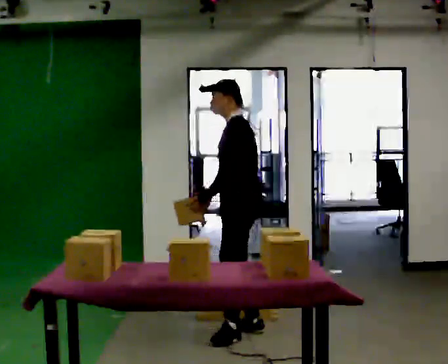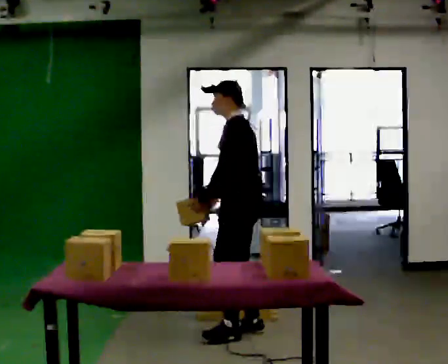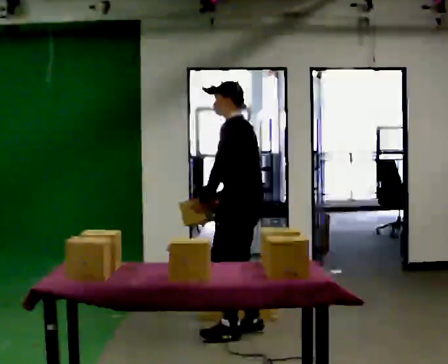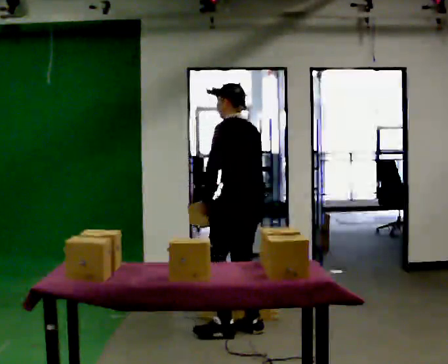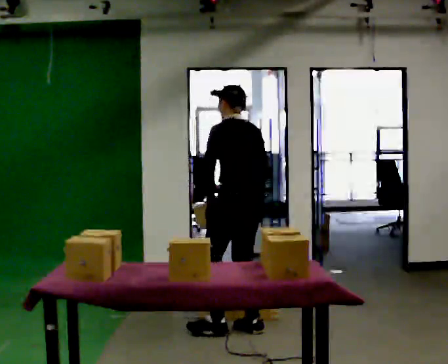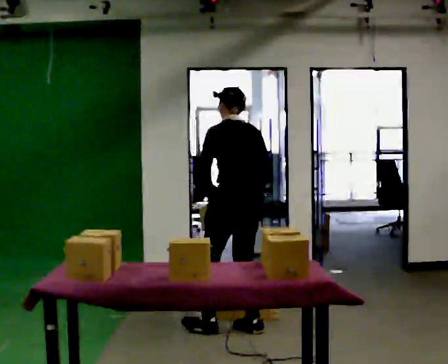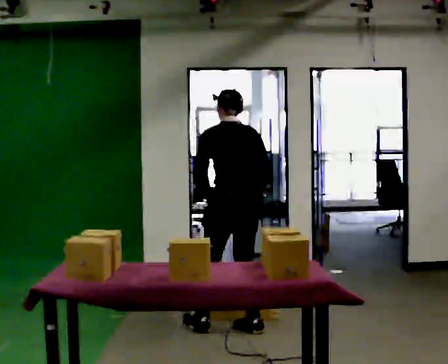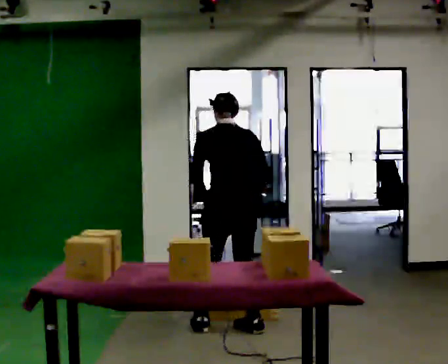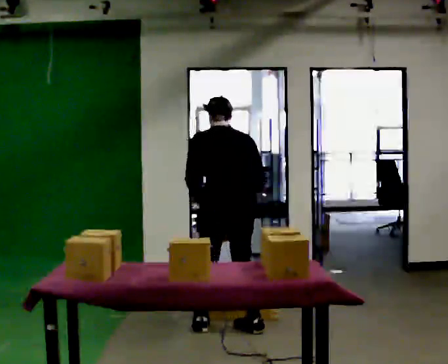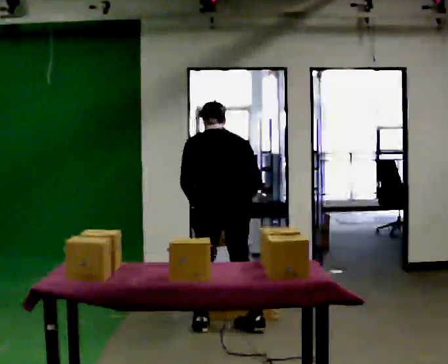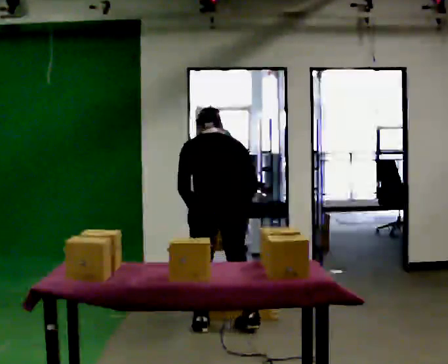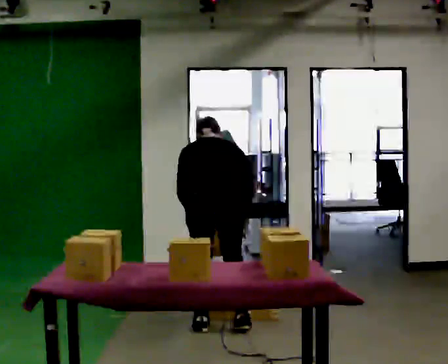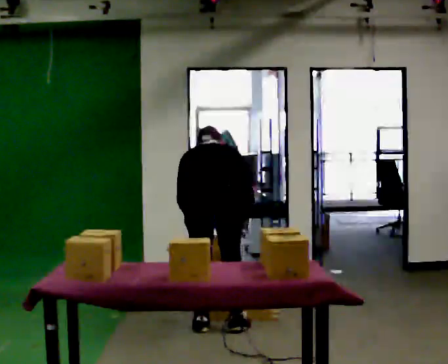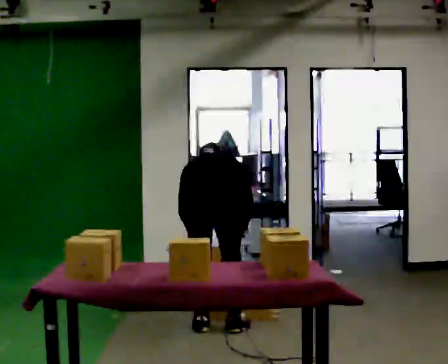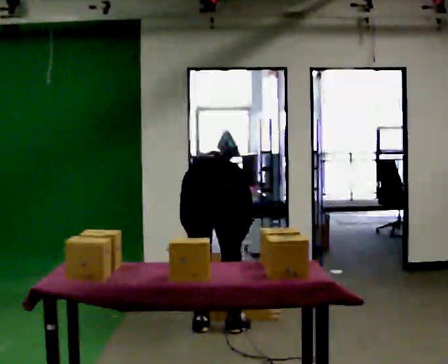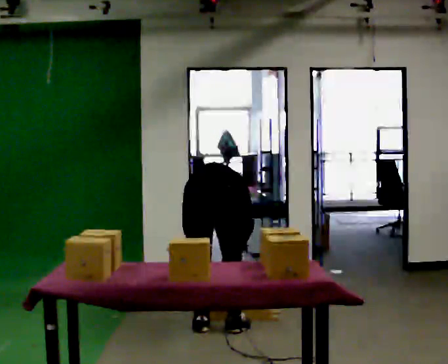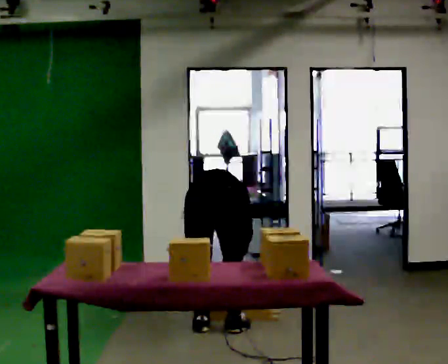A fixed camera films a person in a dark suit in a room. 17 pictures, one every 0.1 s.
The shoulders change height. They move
downward.
The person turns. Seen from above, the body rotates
clockwise.
0.0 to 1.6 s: The part of the body nearest the lens slides to the left as the person turns to their right by about 105 degrees. In the picture they go to the left, about 0.25 m in 2 steps. The upper body goes downward. The upper body tips away from the camera, its near side rolling upward, as they bend forward. In the picture their right hand goes downward.
The film runs backward here.
